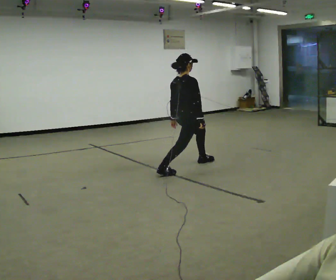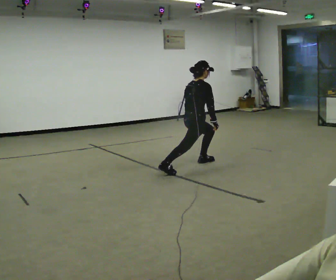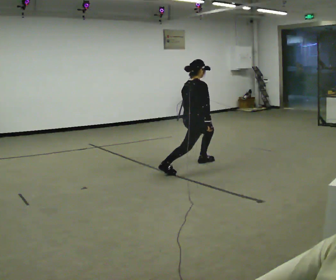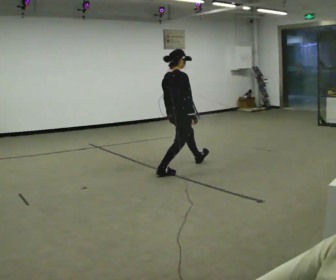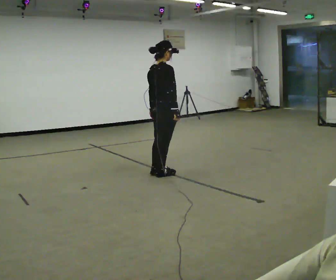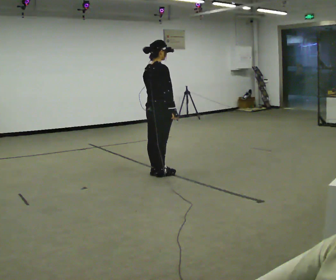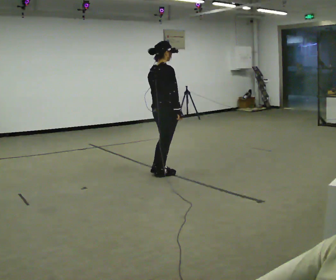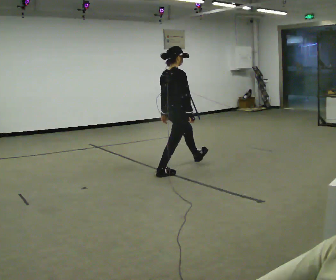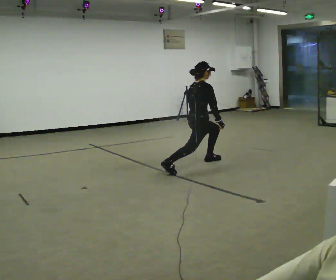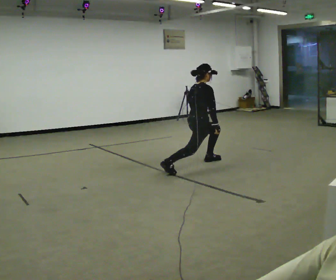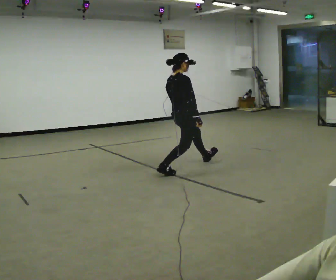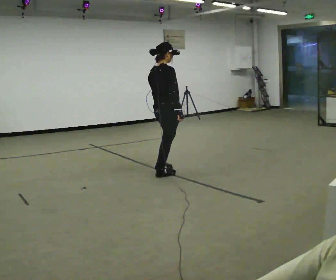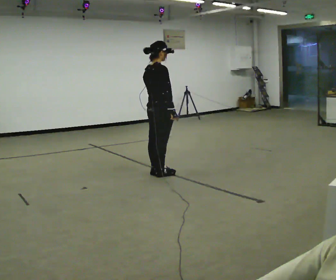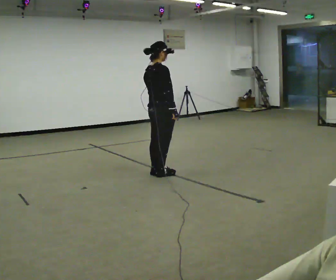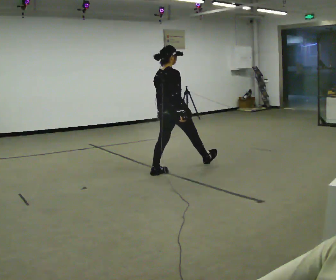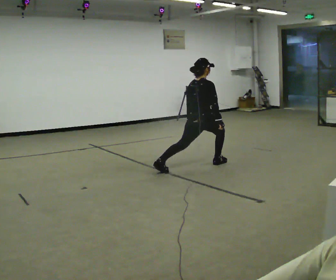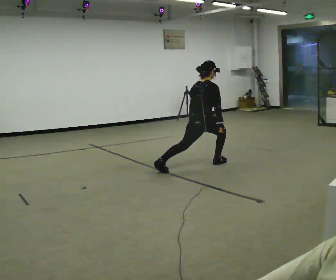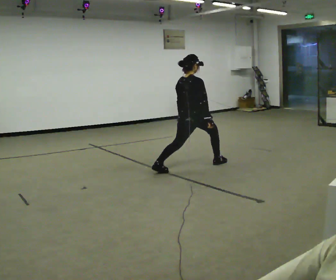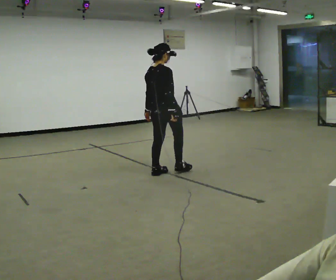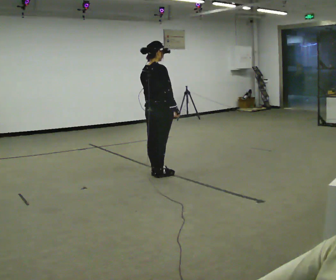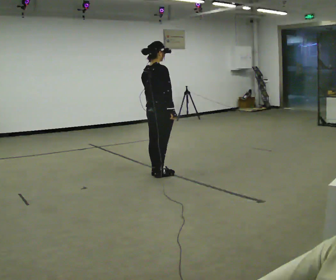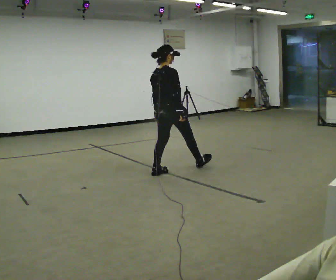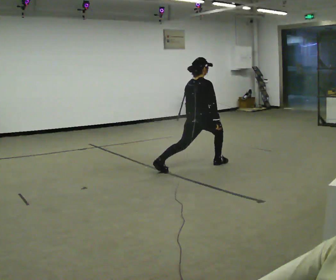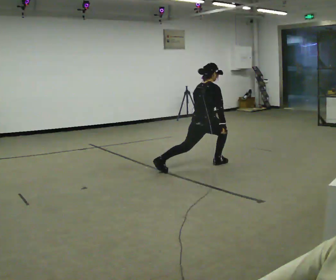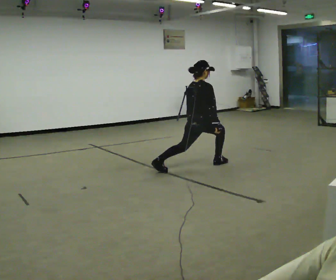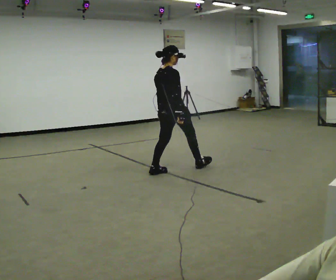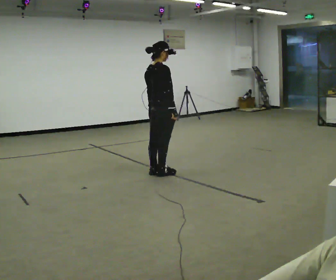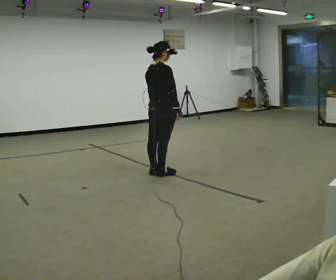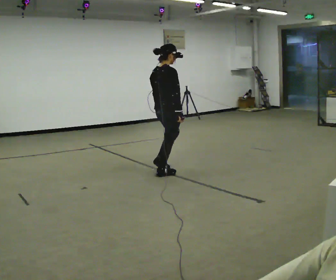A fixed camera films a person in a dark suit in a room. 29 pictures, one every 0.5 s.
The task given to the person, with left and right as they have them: Step forward into a lunge on the leg the operator calls, lowering your back knee toward the floor, then push back to standing. Then do the same stepping backward instead. Repeat the movement at your own pace until the operator says stop; do not rush.
0.0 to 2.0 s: In the picture they go toward the camera and to the left, about 0.5 m in 1 step, which for them is backward.
2.0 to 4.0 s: In the picture they go to the right and away from the camera, about 0.75 m in 1 step, which for them is forward. The upper body goes downward.
4.0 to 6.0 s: In the picture they go to the left and toward the camera, about 0.75 m in 1 step, which for them is backward. The shoulders move upward.
6.0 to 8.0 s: In the picture they go to the right and away from the camera, about 0.75 m in 1 step, which for them is forward and to their right. The upper body goes downward.
8.0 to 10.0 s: In the picture they go to the left and toward the camera, about 0.5 m in 1 step, which for them is backward and to their left. The upper body goes upward.
10.0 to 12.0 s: In the picture they go to the right and away from the camera, about 0.5 m in 1 step, which for them is forward and to their right. The shoulders move downward.
12.0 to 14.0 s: In the picture they go to the left and toward the camera, about 0.5 m in 1 step, which for them is backward. The upper body goes upward.
The film runs forward here.
